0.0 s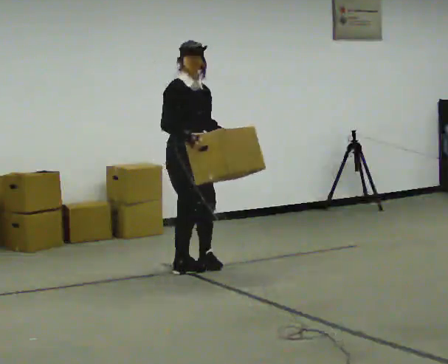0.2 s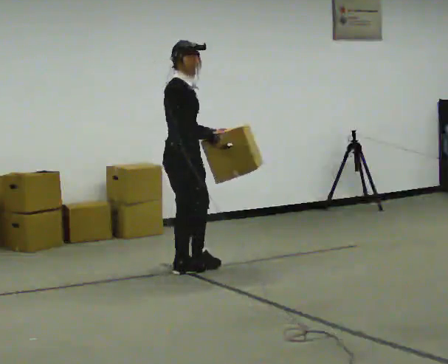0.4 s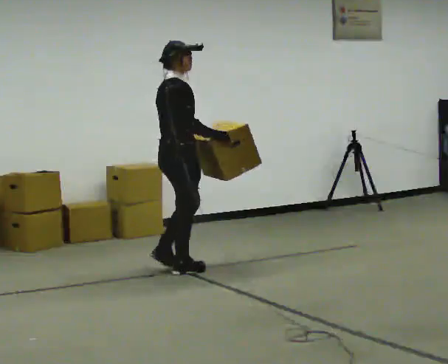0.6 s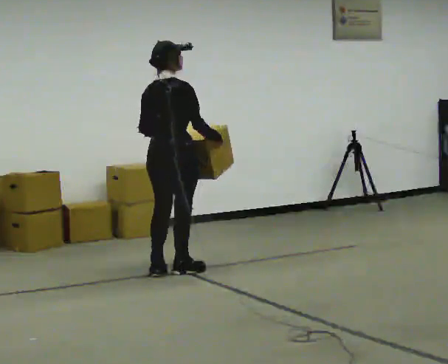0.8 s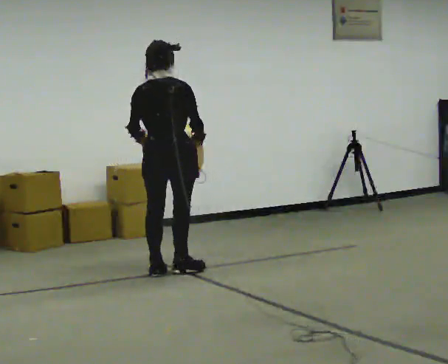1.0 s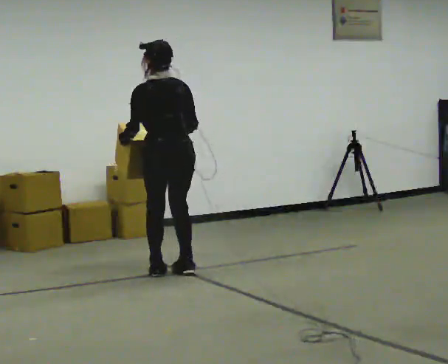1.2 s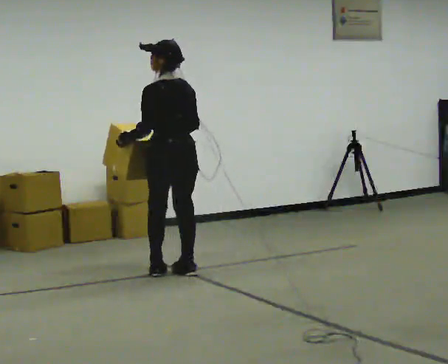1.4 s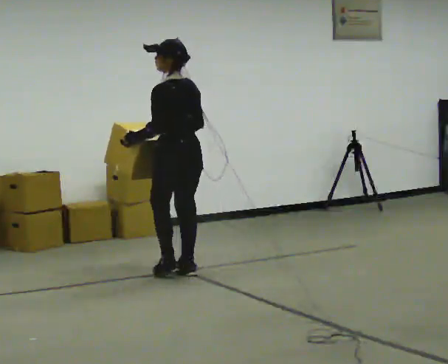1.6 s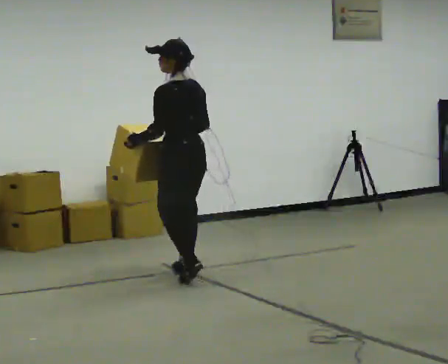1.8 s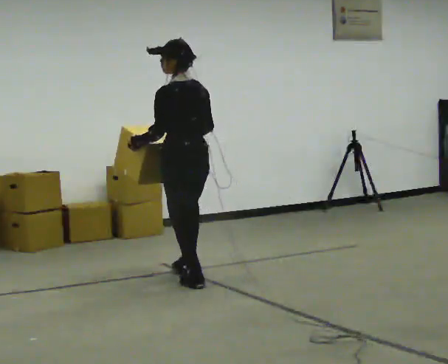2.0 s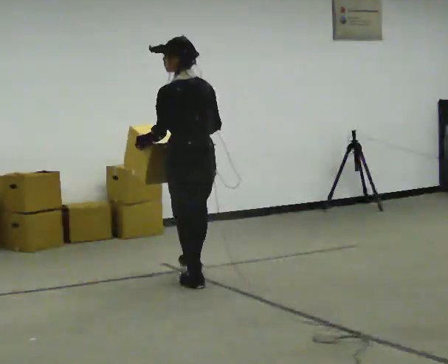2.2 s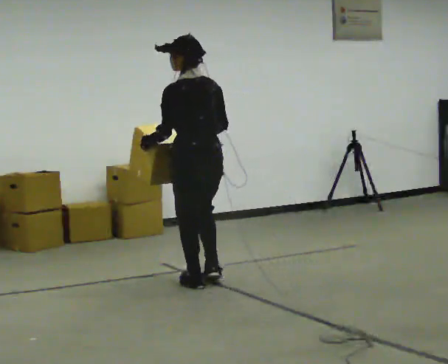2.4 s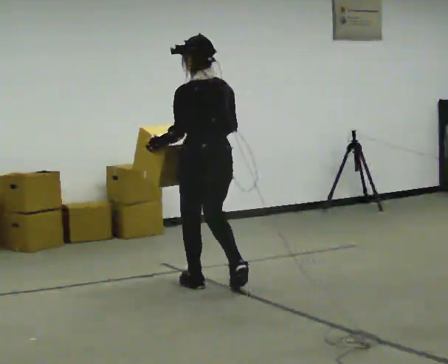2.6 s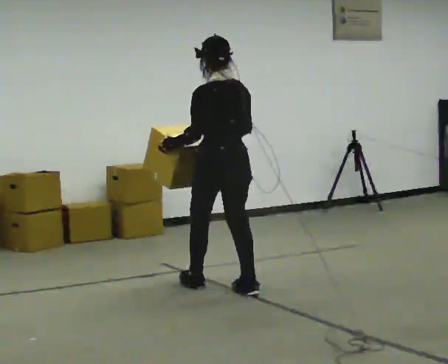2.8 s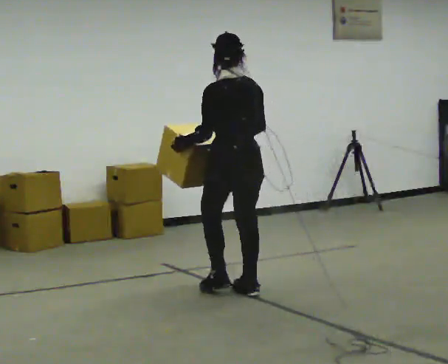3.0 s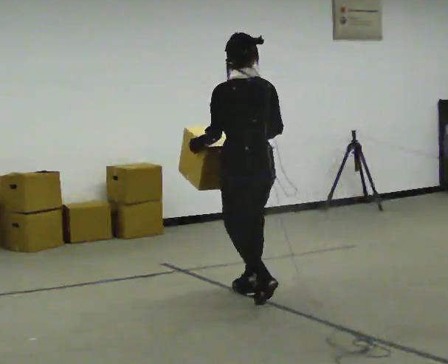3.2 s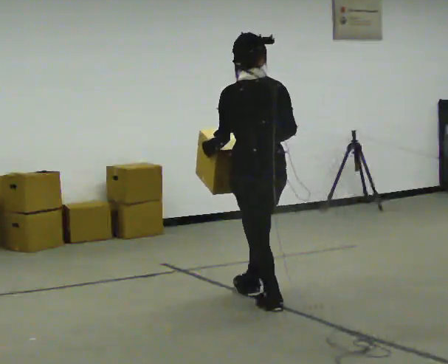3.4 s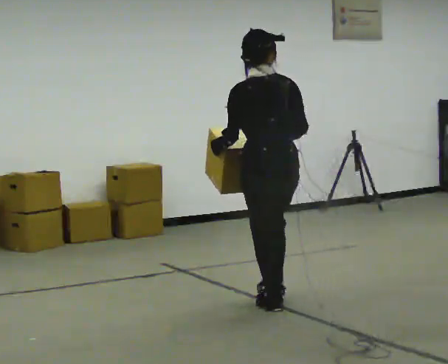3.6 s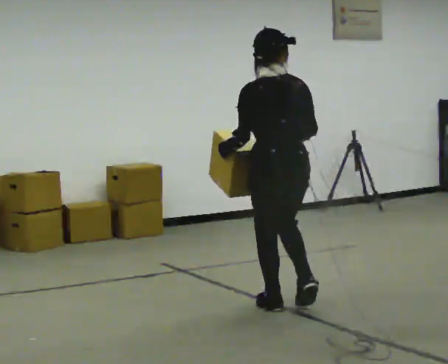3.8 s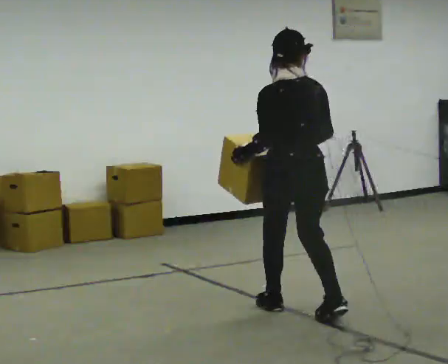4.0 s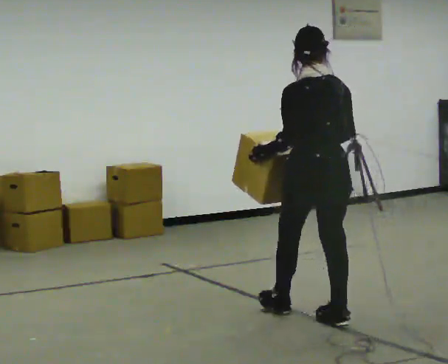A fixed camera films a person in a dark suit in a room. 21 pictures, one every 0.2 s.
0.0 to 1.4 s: The part of the body nearest the lens slides to the right as the person turns to their left by about 180 degrees. In the picture they go toward the camera, about 0.25 m in 2 steps.
1.4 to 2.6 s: In the picture they go toward the camera and to the right, about 0.5 m in 1 step, which for them is backward.
2.6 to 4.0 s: In the picture they go toward the camera and to the right, about 1 m in 3 steps, which for them is backward.
The film runs backward here.
